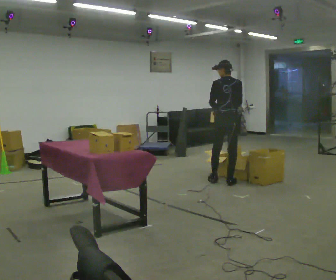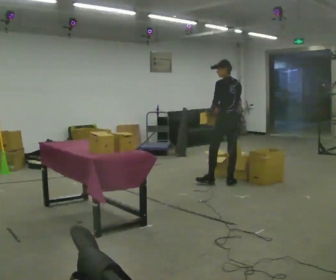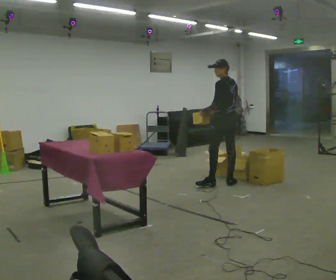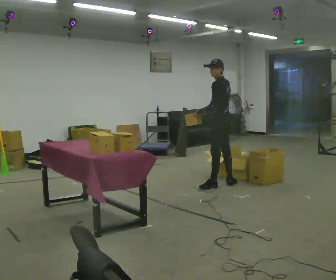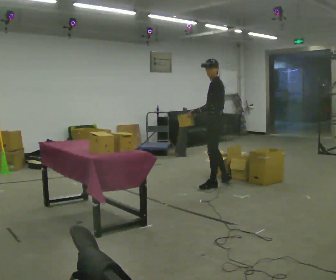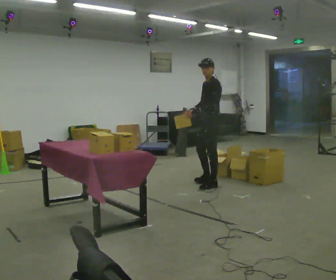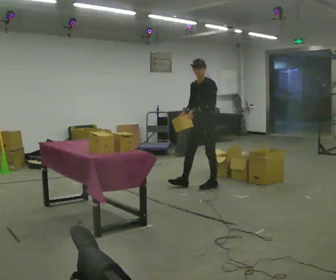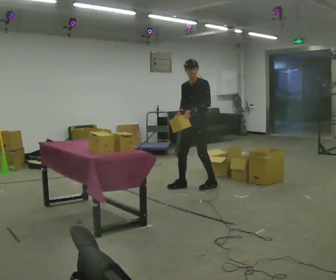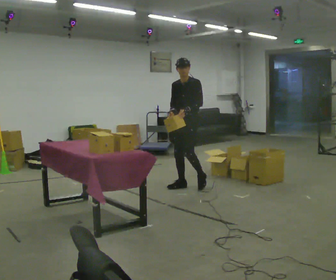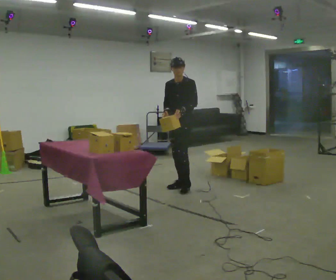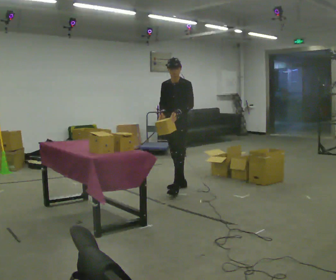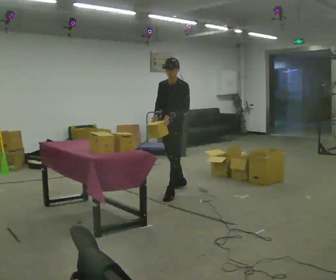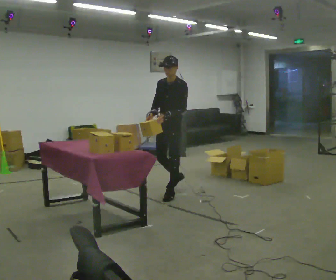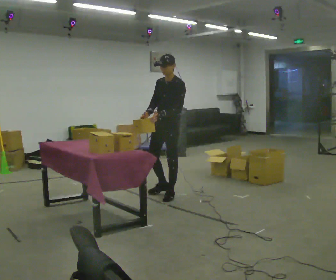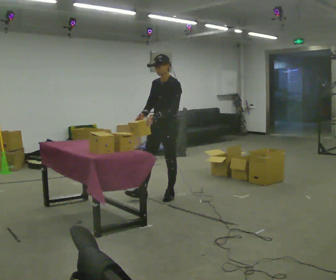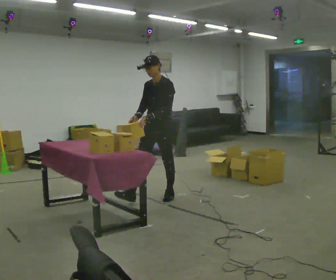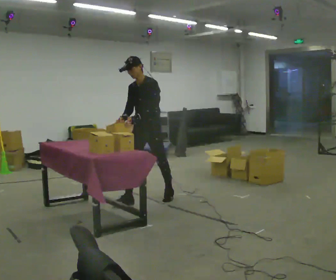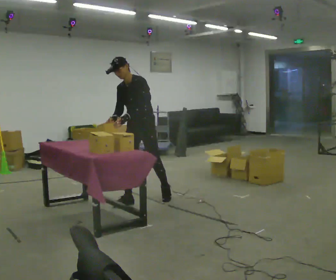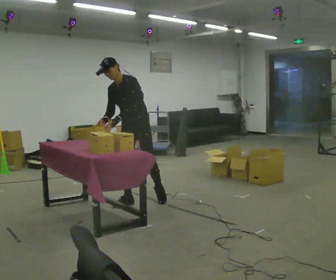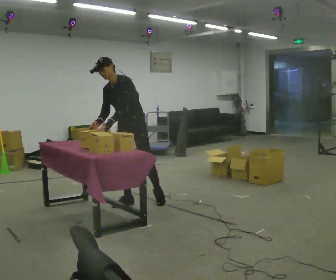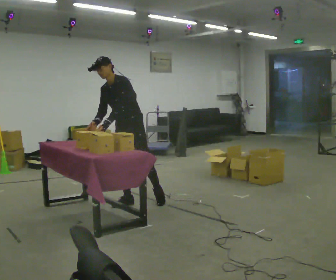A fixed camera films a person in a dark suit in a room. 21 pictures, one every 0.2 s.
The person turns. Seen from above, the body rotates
counterclockwise.
The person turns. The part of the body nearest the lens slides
to the right.
0.0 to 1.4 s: Seen from above the body turns counterclockwise, about 135 degrees: to their left, with its near side sliding to the right. In the picture they go to the left, about 0.5 m in 2 steps.
1.4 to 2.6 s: In the picture they go toward the camera and to the left, about 0.5 m in 1 step, which for them is forward.
2.6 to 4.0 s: In the picture they go to the left and toward the camera, about 0.5 m in 2 steps, which for them is forward and to their right. In the picture the upper body tilts counterclockwise, shoulders to the left, as they bend forward.
The film runs forward here.
